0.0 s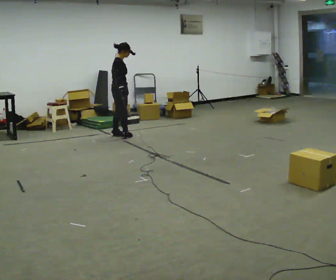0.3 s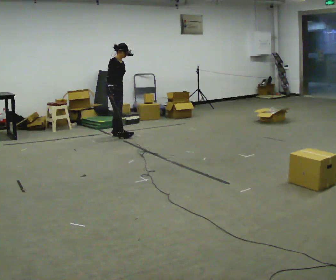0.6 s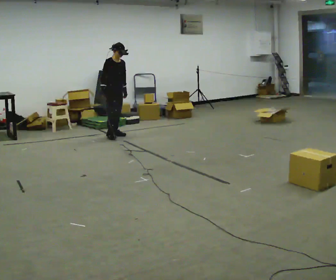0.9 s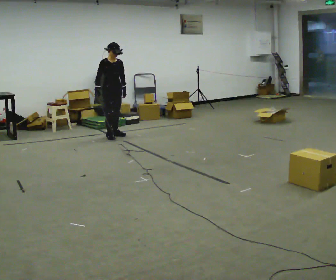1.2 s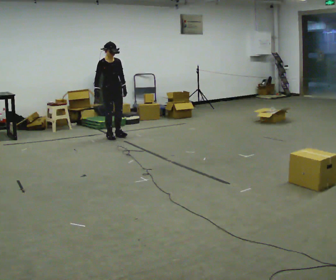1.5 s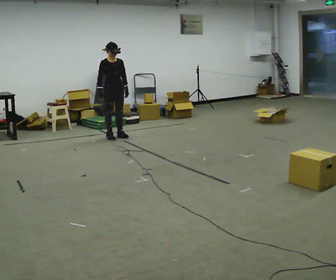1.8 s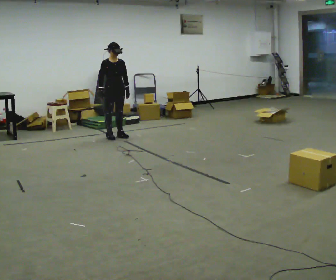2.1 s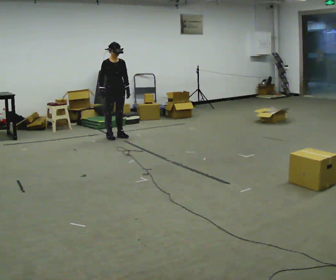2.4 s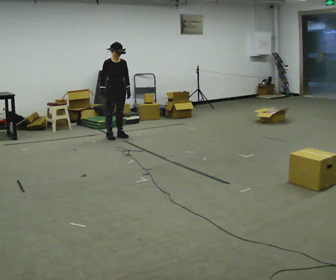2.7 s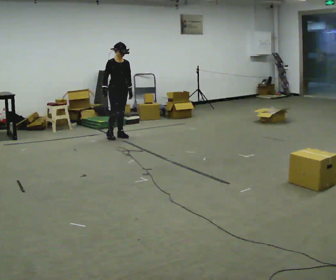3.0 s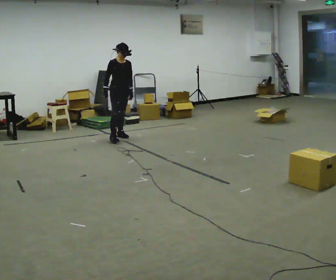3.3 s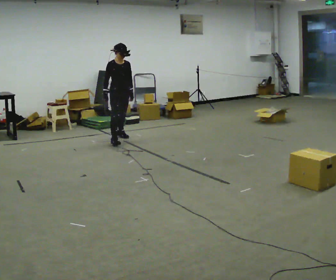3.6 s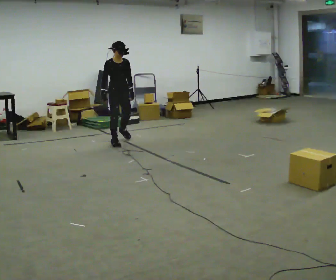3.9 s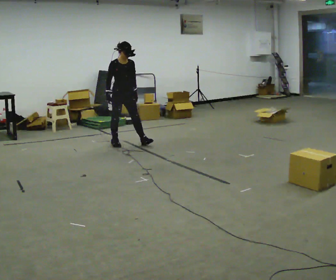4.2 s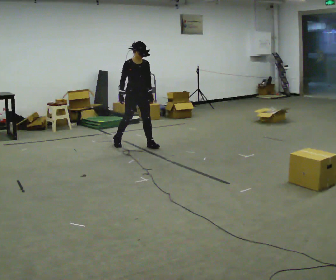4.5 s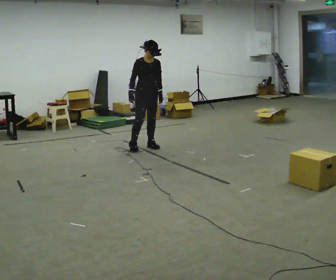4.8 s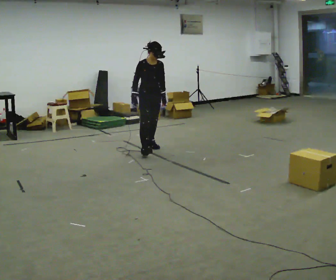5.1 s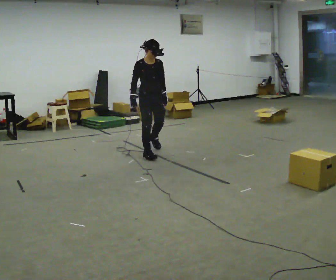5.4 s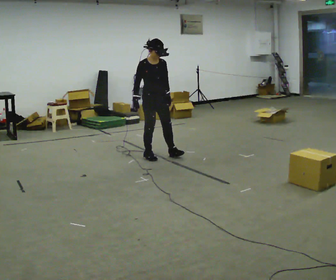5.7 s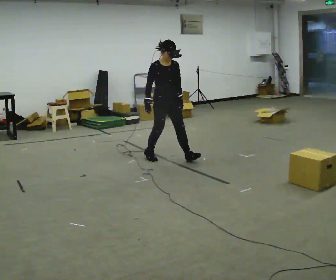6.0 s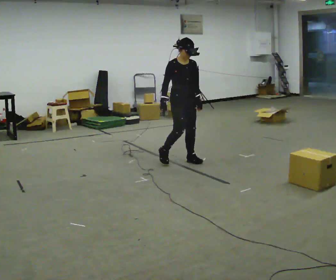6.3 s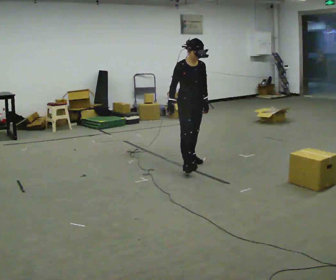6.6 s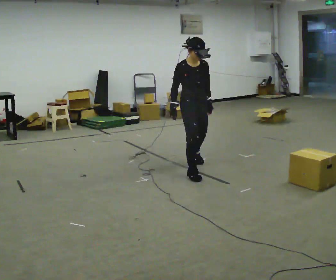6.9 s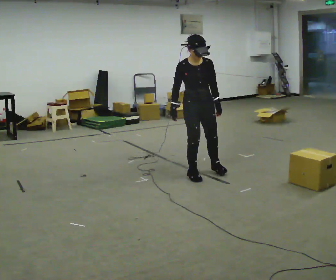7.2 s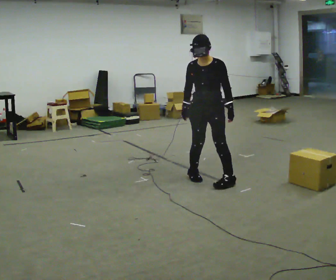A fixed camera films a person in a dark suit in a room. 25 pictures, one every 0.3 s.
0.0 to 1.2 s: Seen from above the body turns clockwise, about 75 degrees: to their right, with its near side sliding to the left. In the picture their right hand goes to the left.
1.2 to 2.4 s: The person moves a little, or ends about where they began.
2.4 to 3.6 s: In the picture they go toward the camera, about 0.5 m in 1 step, which for them is forward and to their right.
3.6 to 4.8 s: In the picture they go toward the camera and to the right, about 0.75 m in 1 step, which for them is forward.
4.8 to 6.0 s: In the picture they go toward the camera and to the right, about 0.5 m in 2 steps, which for them is forward.
6.0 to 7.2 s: Seen from above the body turns clockwise, about 60 degrees: to their right, with its near side sliding to the left. In the picture they go toward the camera, about 1 m in 1 step.
The film runs forward here.
